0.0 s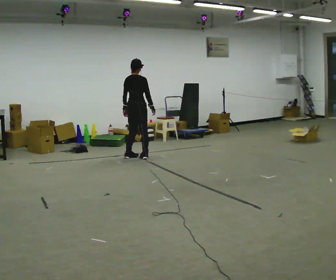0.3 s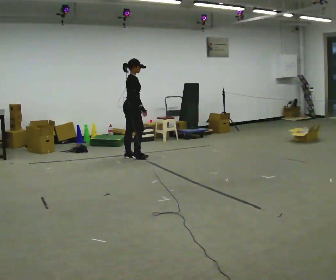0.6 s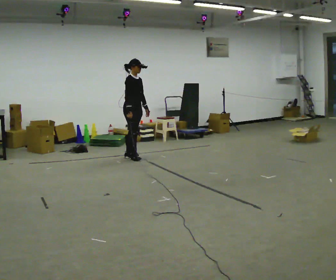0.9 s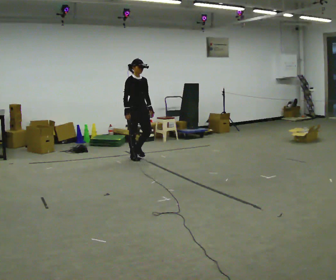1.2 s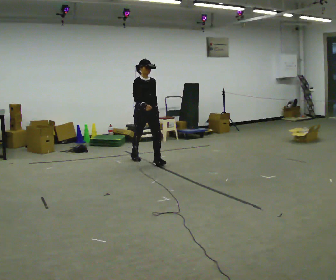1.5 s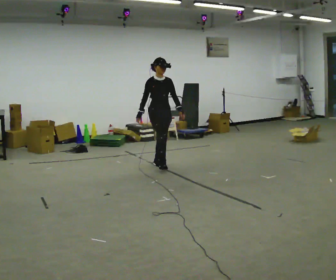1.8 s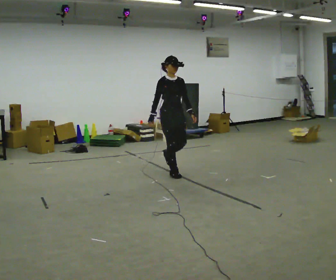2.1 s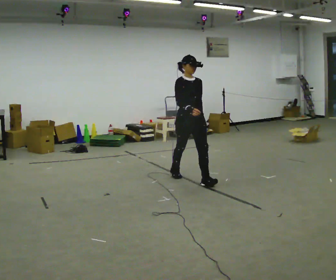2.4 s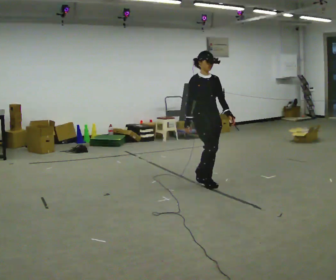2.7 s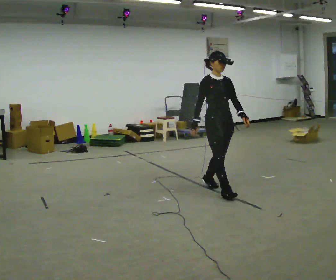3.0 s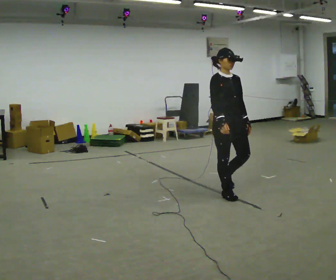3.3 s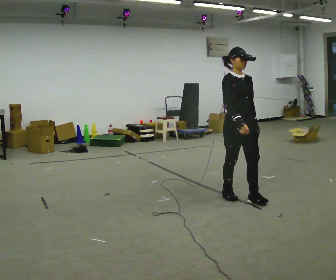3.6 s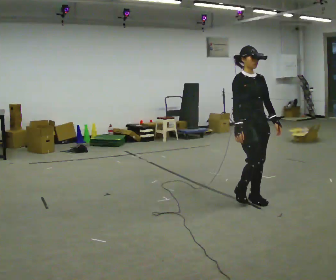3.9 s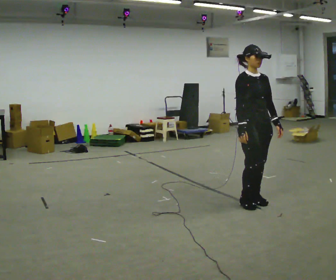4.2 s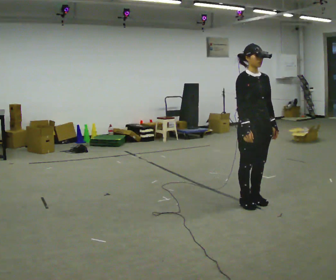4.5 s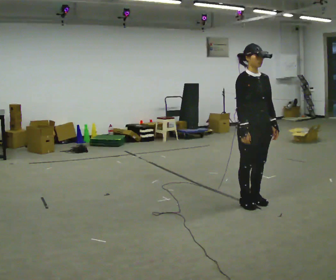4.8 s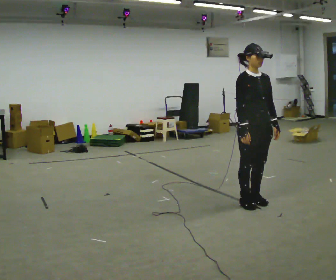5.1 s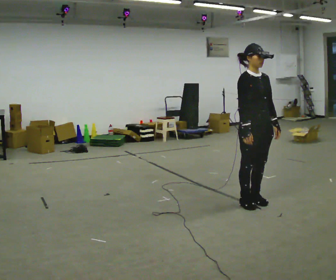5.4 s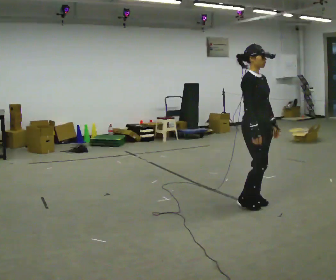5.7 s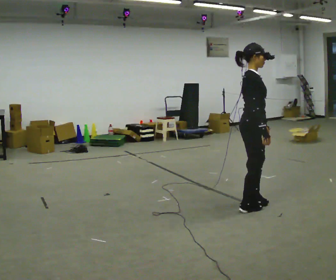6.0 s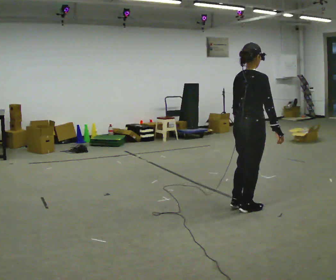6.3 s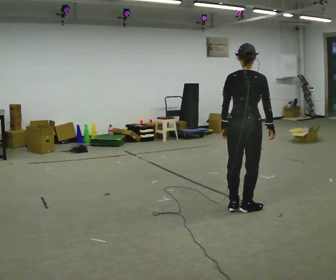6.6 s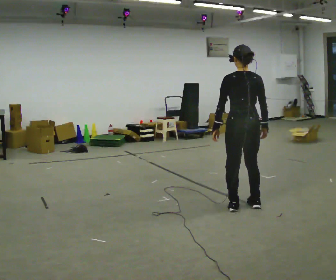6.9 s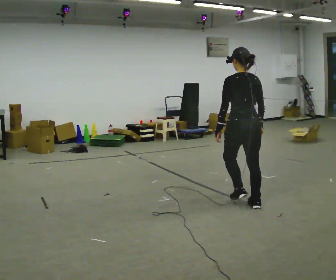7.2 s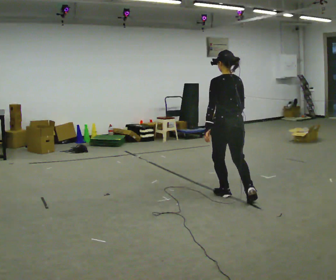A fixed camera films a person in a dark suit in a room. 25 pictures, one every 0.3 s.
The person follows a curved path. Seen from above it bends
clockwise.
0.0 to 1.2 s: The person turns about 120 degrees to their right, clockwise seen from above, so the part of the body nearest the lens slides to the left. In the picture they go toward the camera and to the right, about 0.5 m in 2 steps.
1.2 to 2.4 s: In the picture they go toward the camera and to the right, about 1.5 m in 2 steps, which for them is forward.
2.4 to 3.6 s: In the picture they go toward the camera and to the right, about 1 m in 2 steps, which for them is forward.
3.6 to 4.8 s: The person moves a little, or ends about where they began.
4.8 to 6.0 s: Seen from above the body turns counterclockwise, about 105 degrees: to their left, with its near side sliding to the right. In the picture their left hand goes to the left.
6.0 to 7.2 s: The person turns about 75 degrees to their left, counterclockwise seen from above, so the part of the body nearest the lens slides to the right. In the picture they go away from the camera and to the left, about 0.5 m in 2 steps.
The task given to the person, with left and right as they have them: Start at normal speed; gradually slow over several steps; stop gently.
The film runs forward here.
